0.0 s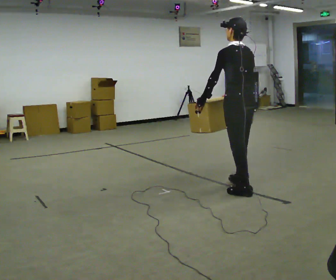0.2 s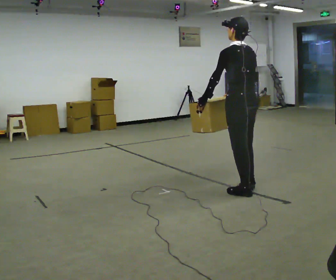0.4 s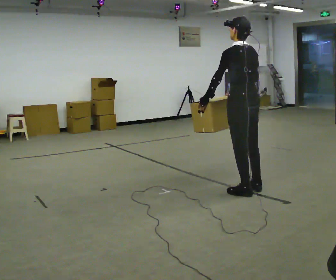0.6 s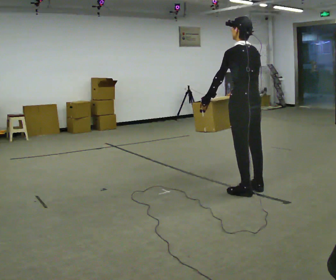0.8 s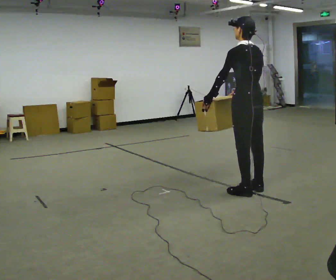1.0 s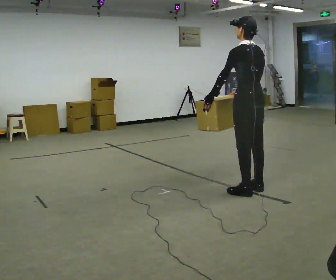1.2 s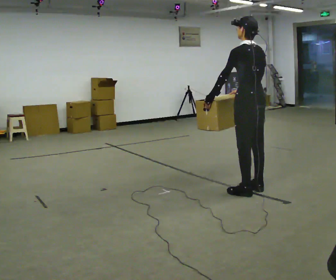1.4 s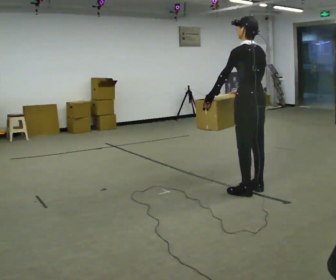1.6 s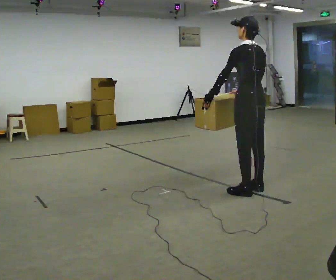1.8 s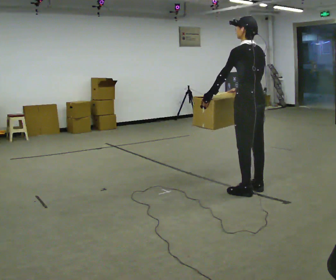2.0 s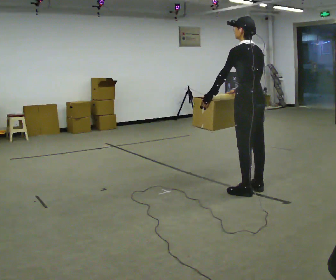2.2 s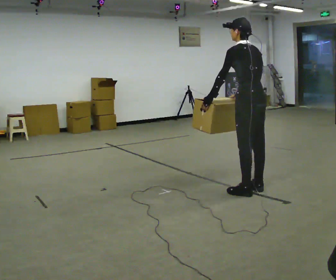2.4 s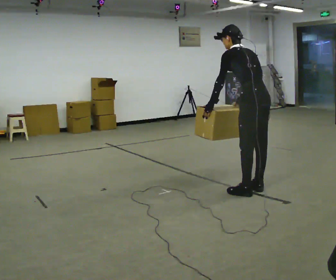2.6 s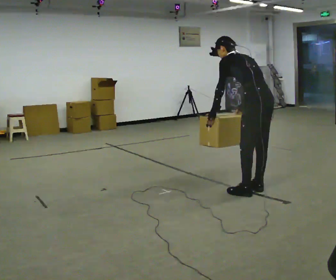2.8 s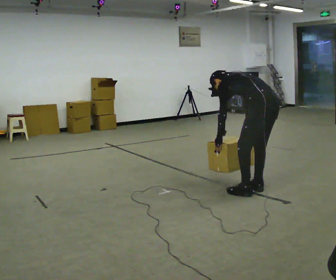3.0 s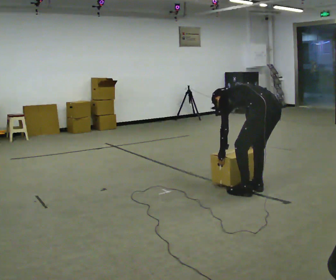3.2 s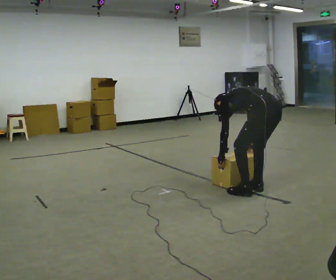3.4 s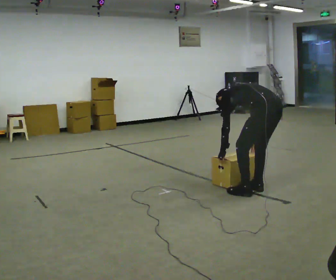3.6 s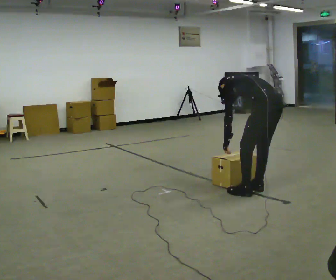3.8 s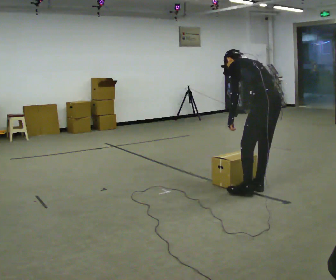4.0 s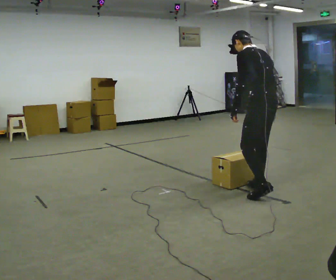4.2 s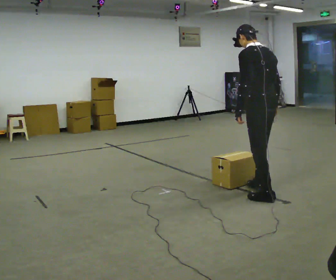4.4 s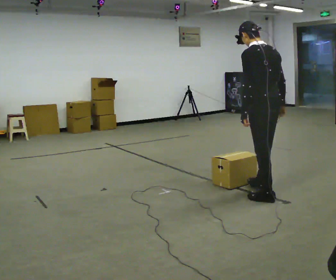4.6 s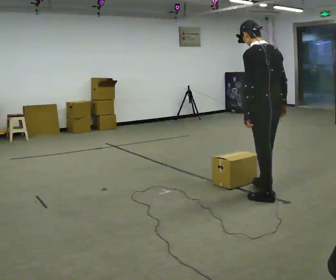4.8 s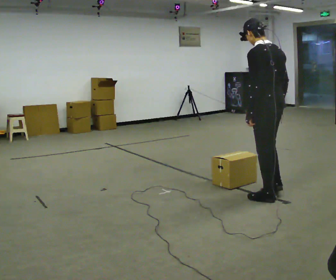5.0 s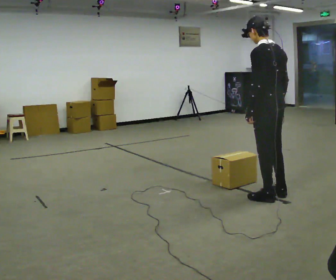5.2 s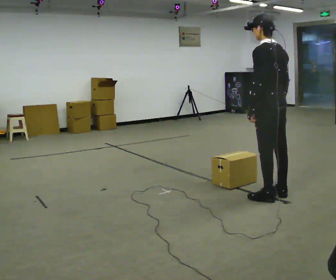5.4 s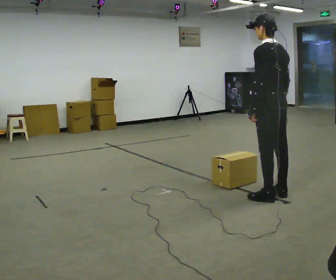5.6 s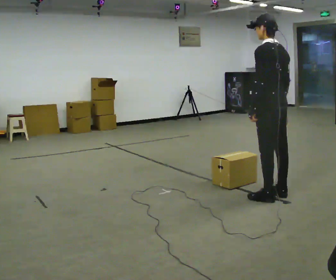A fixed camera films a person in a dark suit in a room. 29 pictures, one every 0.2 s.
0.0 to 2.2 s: The person moves a little, or ends about where they began.
2.2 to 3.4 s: The upper body goes downward. The upper body tips away from the camera, its near side rolling upward, as they bend forward. In the picture their right hand goes downward.
3.4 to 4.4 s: The upper body goes upward. The upper body tips toward the camera, its near side rolling downward, as they lean back or straighten. In the picture their right hand goes upward.
4.4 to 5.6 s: The person moves a little, or ends about where they began.
The film runs backward here.
